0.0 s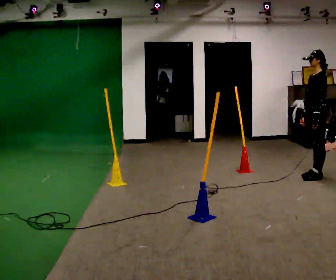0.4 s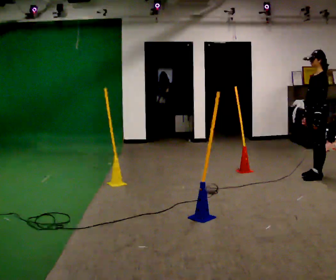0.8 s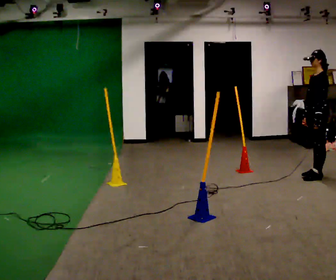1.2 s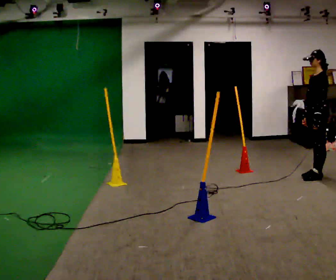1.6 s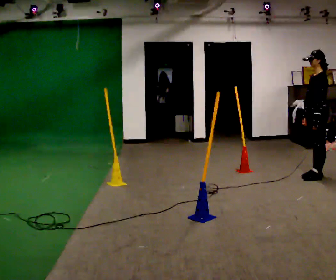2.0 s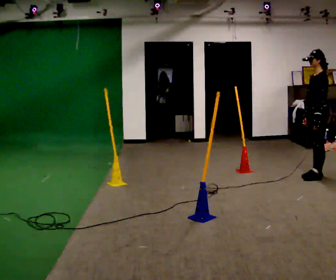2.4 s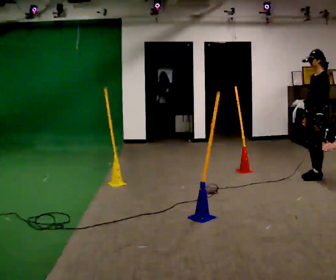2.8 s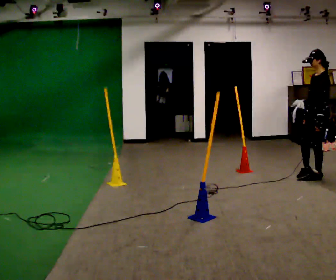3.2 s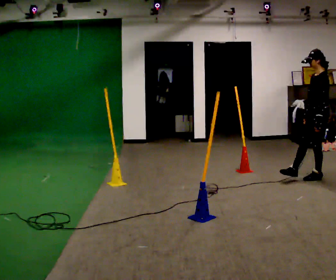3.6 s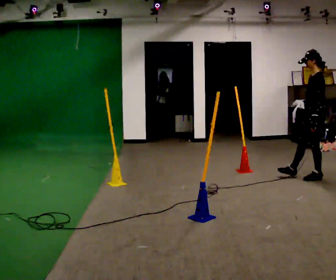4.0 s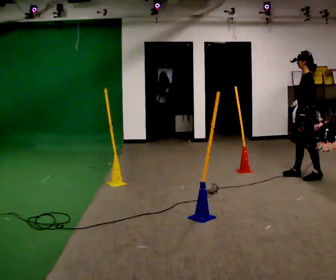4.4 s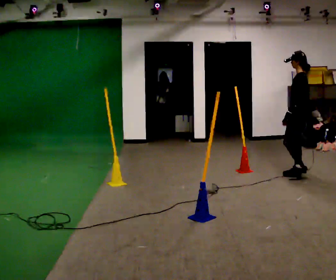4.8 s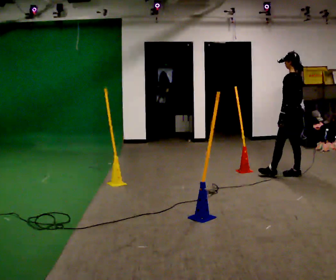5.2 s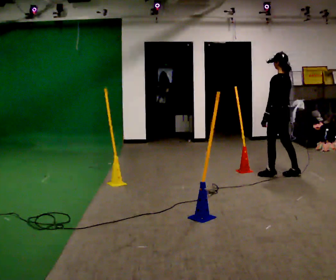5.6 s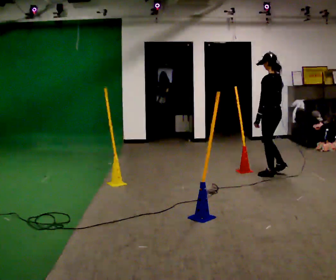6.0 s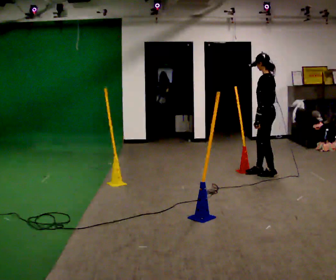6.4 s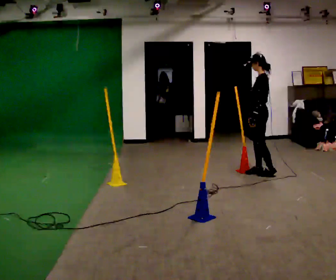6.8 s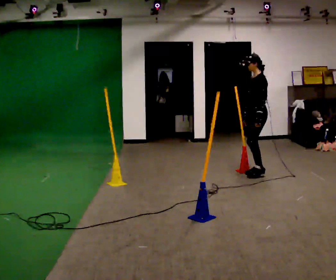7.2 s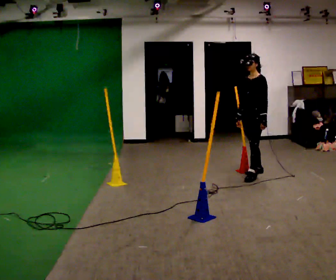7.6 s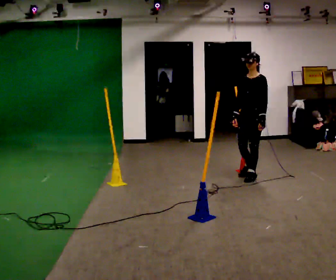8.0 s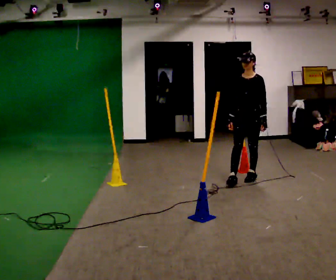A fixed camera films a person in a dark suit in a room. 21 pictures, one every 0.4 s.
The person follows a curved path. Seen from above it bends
counterclockwise.
The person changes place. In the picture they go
to the left.
0.0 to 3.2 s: The person moves a little, or ends about where they began.
3.2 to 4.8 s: Seen from above the body turns clockwise, about 30 degrees: to their right, with its near side sliding to the left. In the picture they go to the left and away from the camera, about 0.5 m in 2 steps, which for them is forward.
4.8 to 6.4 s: Seen from above the body turns counterclockwise, about 30 degrees: to their left, with its near side sliding to the right. In the picture they go to the left, about 0.5 m in 1 step, which for them is forward.
6.4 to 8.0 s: Seen from above the body turns counterclockwise, about 75 degrees: to their left, with its near side sliding to the right. In the picture they go toward the camera, about 0.25 m in 2 steps.
The film runs forward here.
